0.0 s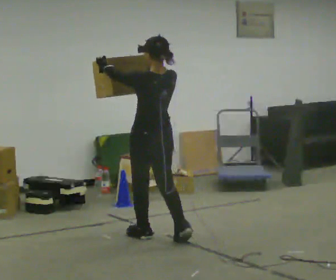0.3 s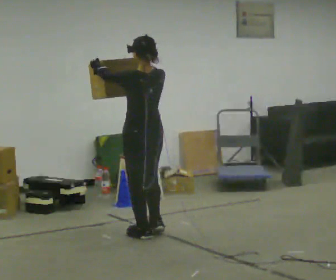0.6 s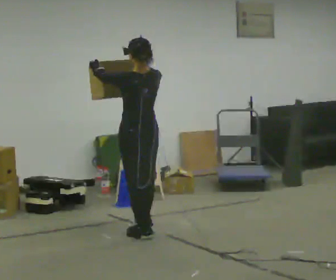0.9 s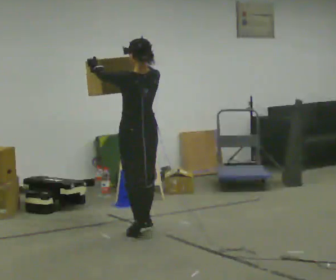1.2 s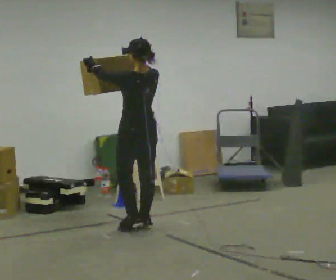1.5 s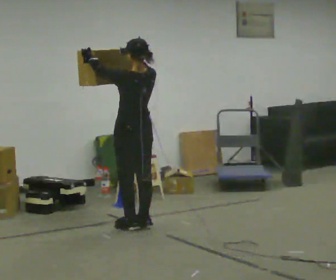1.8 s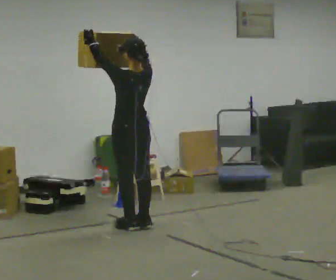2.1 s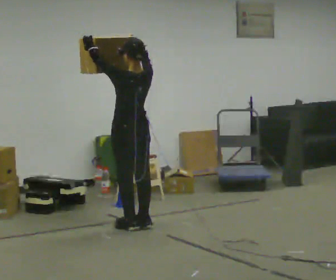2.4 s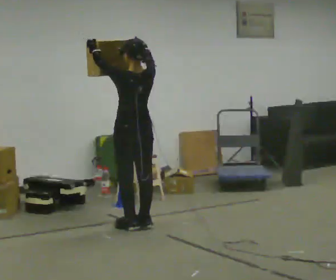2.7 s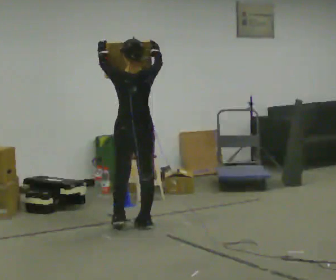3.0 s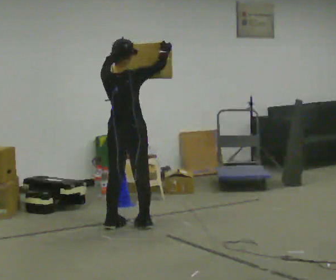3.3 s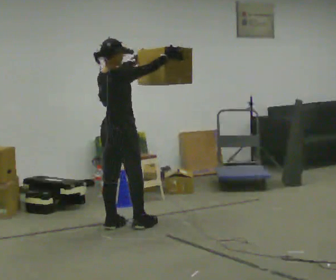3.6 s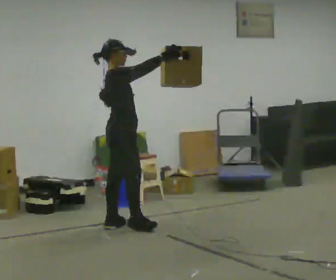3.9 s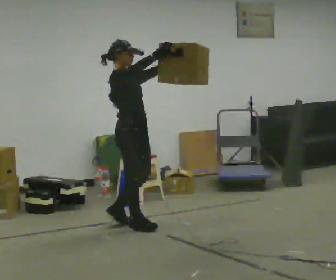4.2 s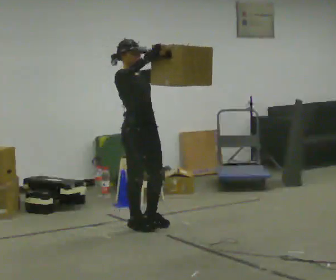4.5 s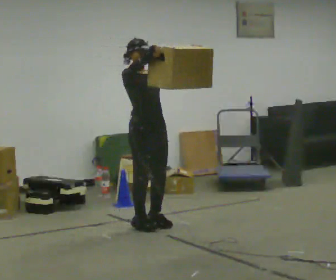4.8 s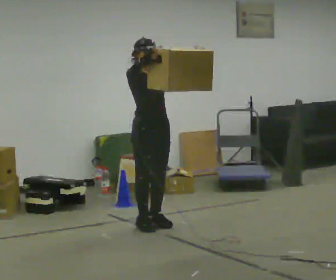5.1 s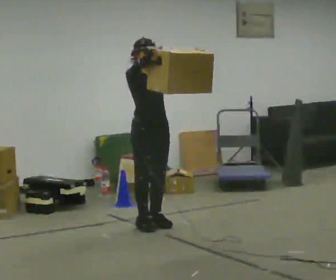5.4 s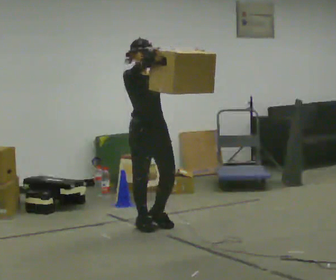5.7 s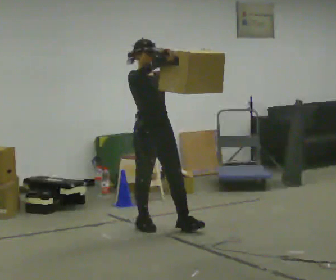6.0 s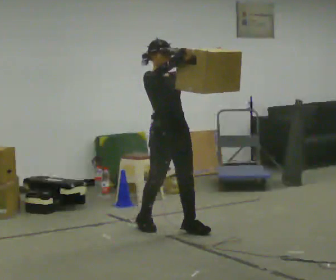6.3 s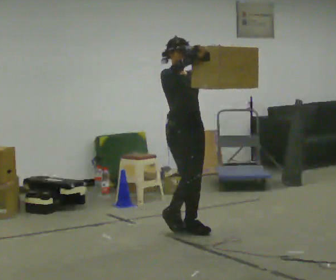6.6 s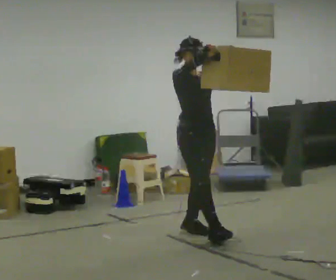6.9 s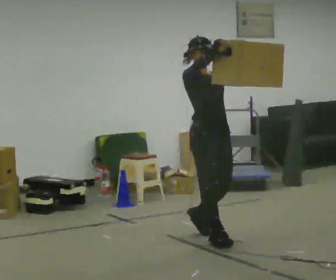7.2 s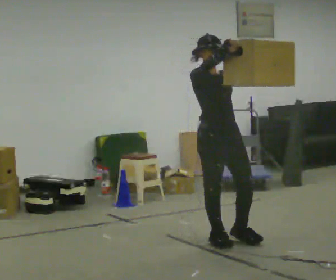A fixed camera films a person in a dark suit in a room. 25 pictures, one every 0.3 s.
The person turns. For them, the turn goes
to their right.
The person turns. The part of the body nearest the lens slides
to the left.
0.0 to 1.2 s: In the picture they go away from the camera, about 0.5 m in 1 step, which for them is forward.
1.2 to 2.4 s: The person moves a little, or ends about where they began.
2.4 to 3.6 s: The person turns about 105 degrees to their right, clockwise seen from above, so the part of the body nearest the lens slides to the left. In the picture their left hand goes to the right.
3.6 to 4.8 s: Seen from above the body turns clockwise, about 60 degrees: to their right, with its near side sliding to the left. In the picture they go to the right, about 0.25 m in 1 step.
4.8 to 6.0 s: In the picture they go toward the camera and to the right, about 0.25 m in 1 step, which for them is forward.
6.0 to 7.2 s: In the picture they go toward the camera and to the right, about 0.5 m in 1 step, which for them is forward.
The film runs forward here.
